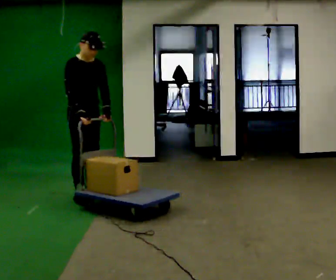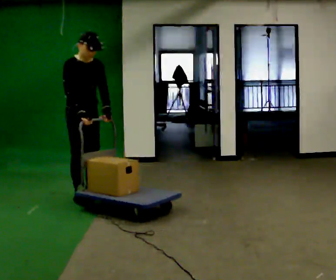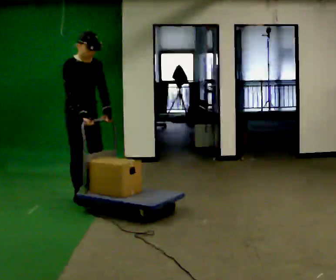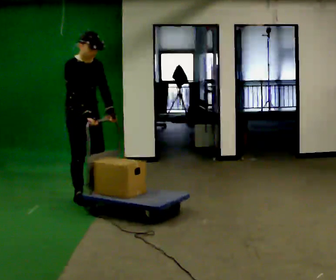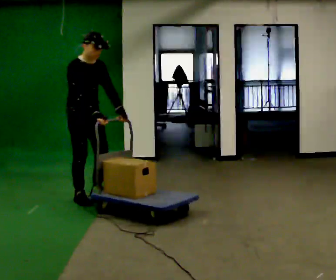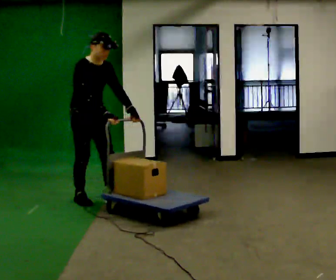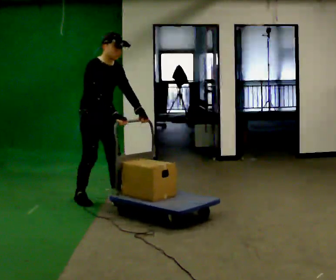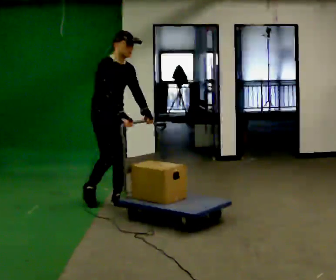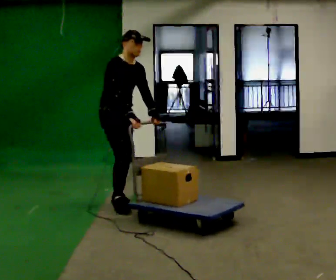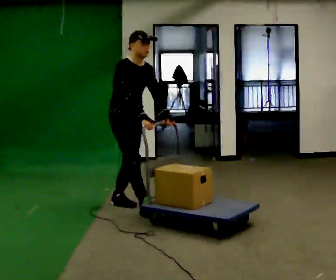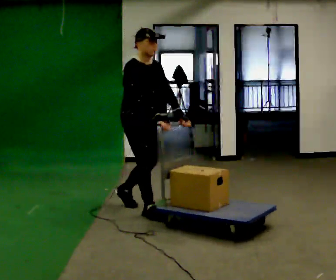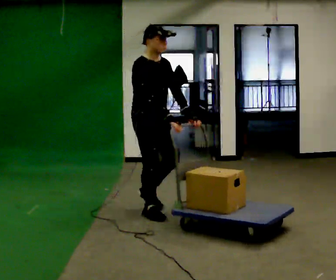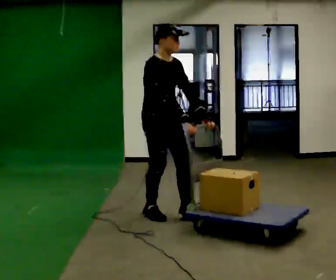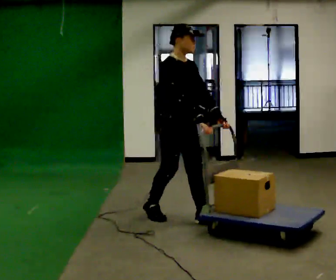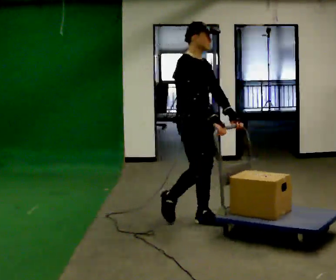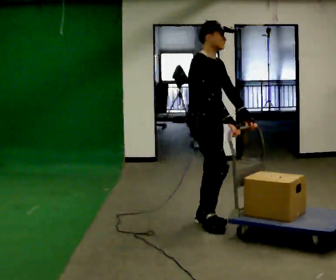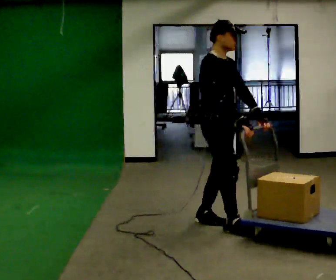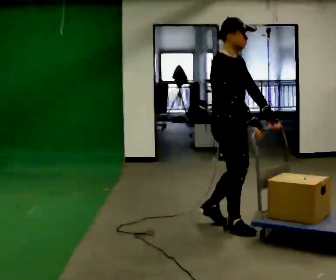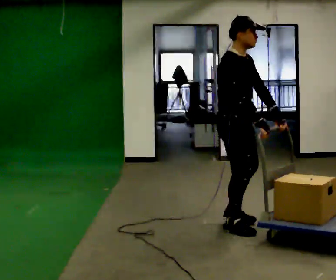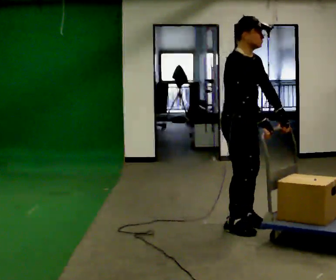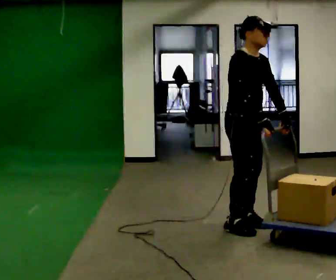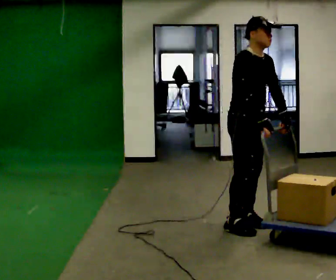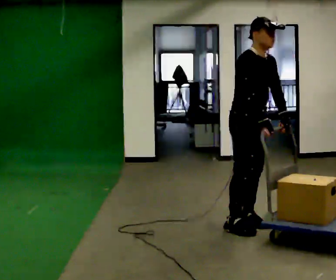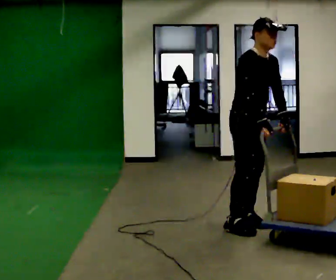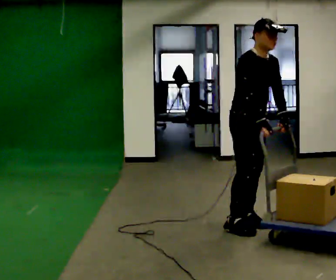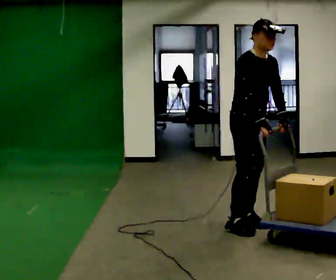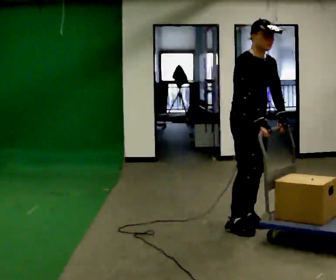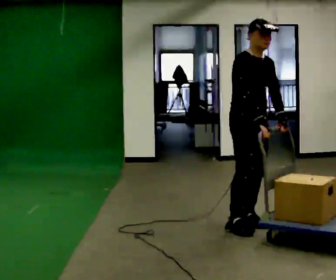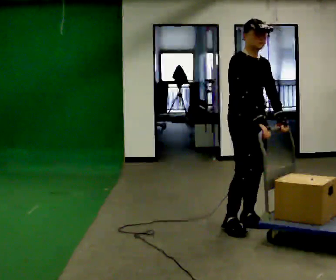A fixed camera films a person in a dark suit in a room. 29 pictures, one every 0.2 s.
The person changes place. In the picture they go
to the right.
0.0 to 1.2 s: In the picture they go to the right and toward the camera, about 0.25 m in 1 step, which for them is forward.
1.2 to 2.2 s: In the picture they go to the right and toward the camera, about 0.75 m in 1 step, which for them is forward.
2.2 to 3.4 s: In the picture they go to the right and toward the camera, about 1 m in 2 steps, which for them is forward.
3.4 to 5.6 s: The person moves a little, or ends about where they began.
The film runs forward here.
